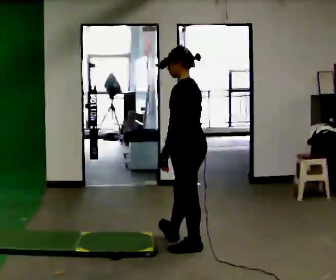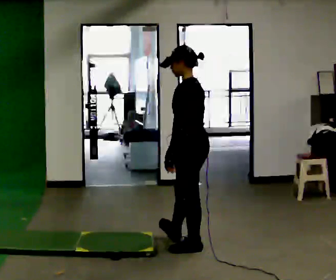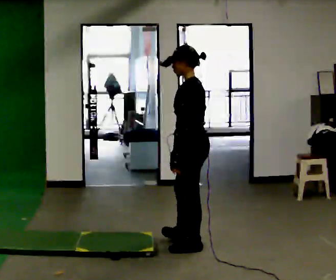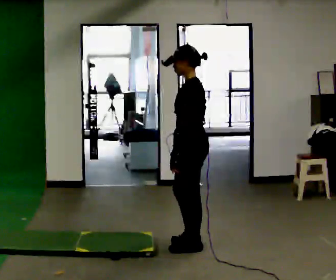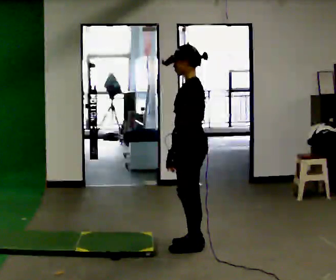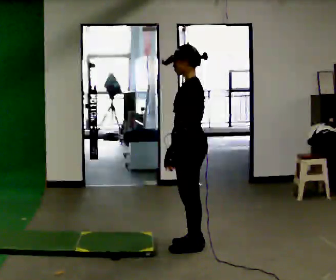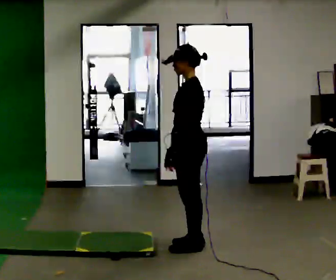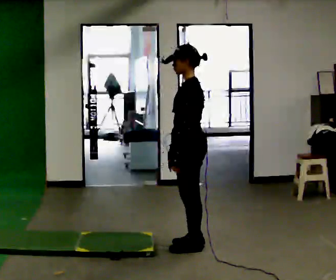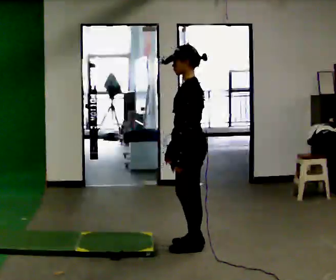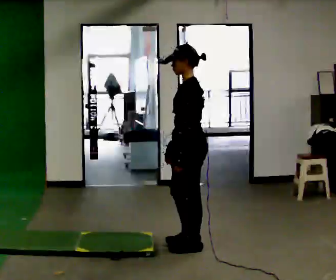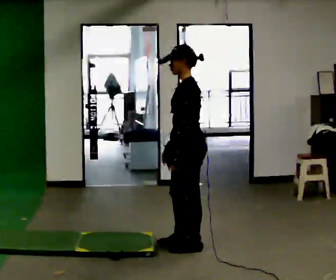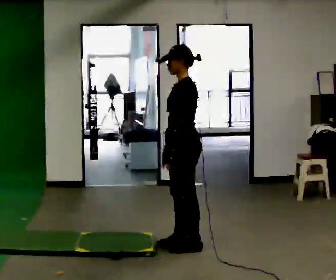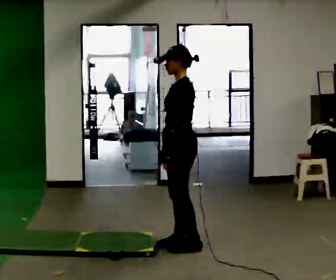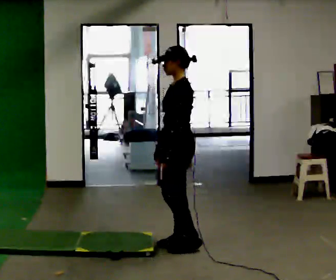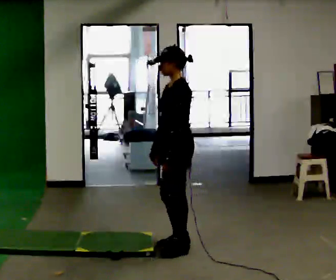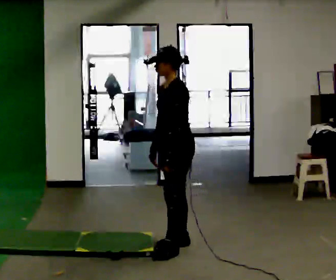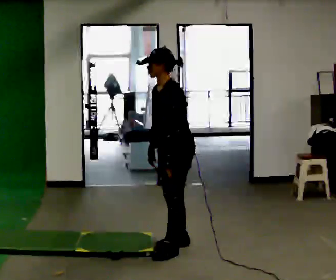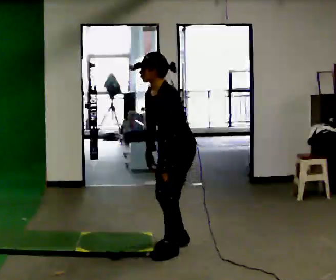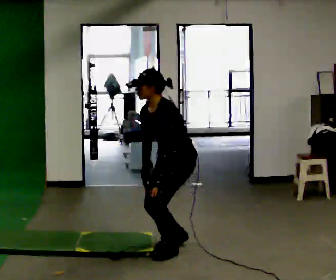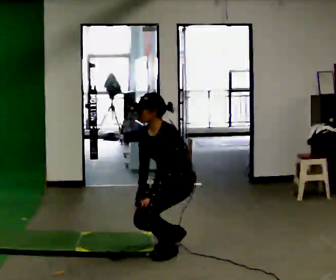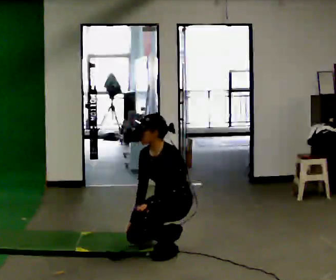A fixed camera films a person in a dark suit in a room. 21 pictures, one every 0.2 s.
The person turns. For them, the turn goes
to their left.
The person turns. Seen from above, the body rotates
counterclockwise.
0.0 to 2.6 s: Seen from above the body turns counterclockwise, about 30 degrees: to their left, with its near side sliding to the right.
2.6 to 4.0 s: The person turns about 30 degrees to their left, counterclockwise seen from above, so the part of the body nearest the lens slides to the right. The shoulders move downward. The upper body tips toward the camera, its near side rolling downward, as they bend forward. In the picture their right hand goes downward.
The film runs backward here.
